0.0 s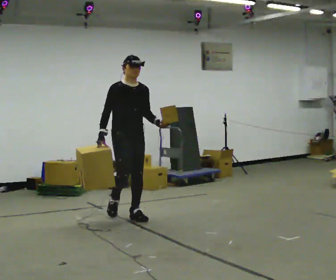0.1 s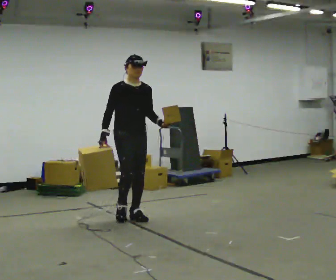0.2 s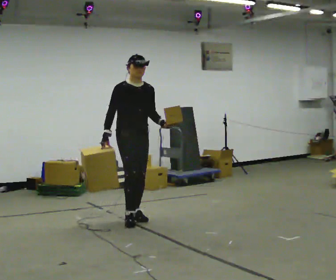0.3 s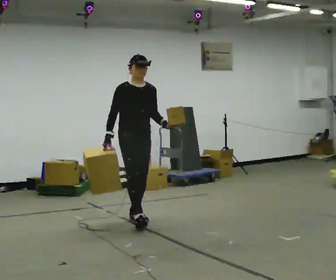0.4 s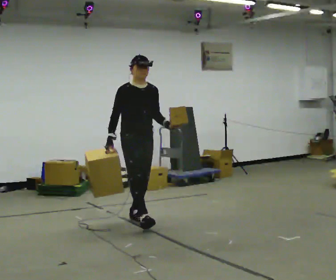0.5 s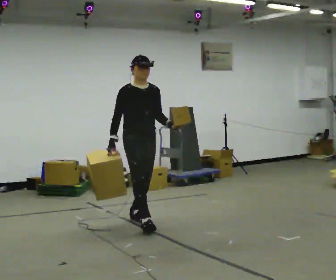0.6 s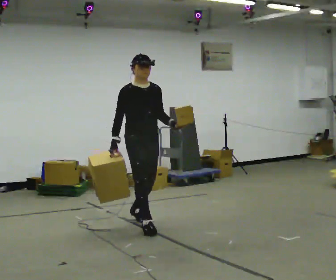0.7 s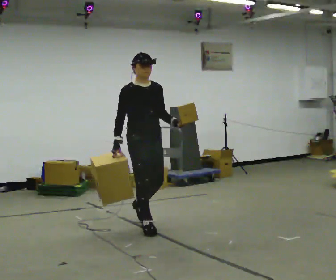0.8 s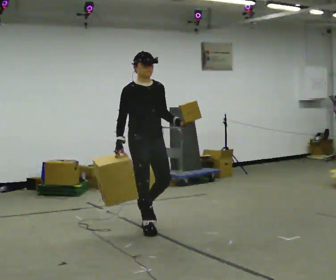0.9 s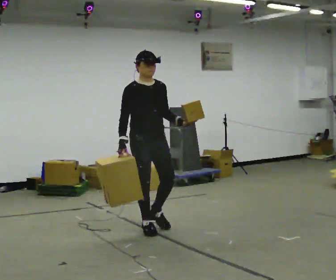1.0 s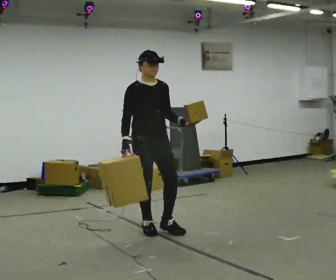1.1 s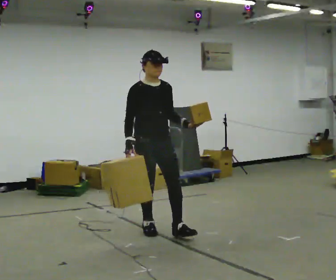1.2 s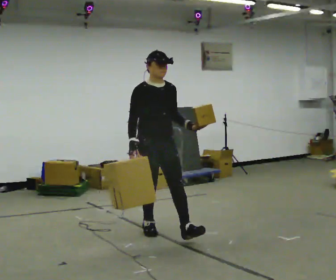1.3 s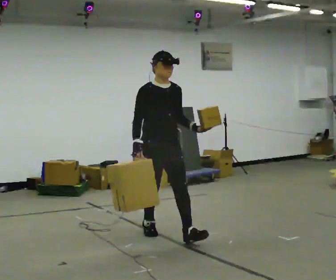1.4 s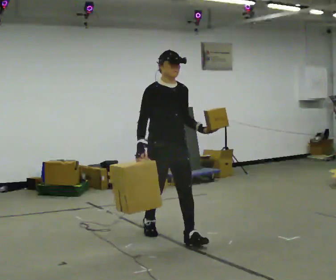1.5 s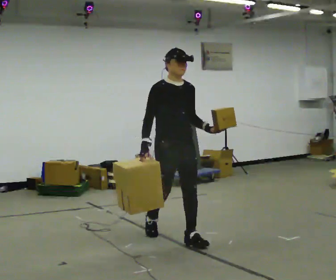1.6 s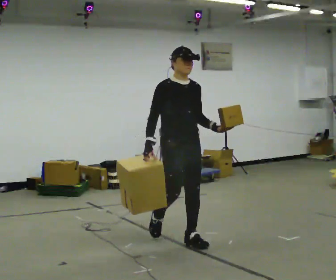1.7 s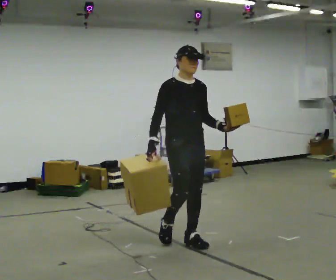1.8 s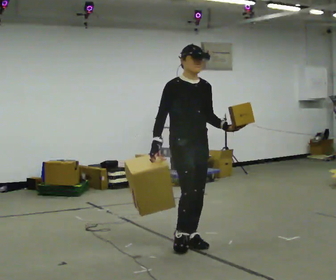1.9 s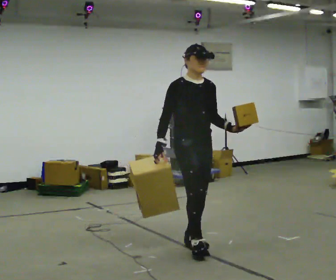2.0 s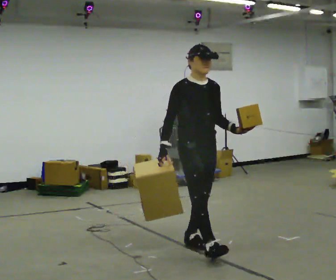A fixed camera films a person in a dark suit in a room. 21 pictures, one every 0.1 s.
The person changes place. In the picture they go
toward the camera.
0.0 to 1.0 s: In the picture they go toward the camera and to the right, about 0.75 m in 1 step, which for them is forward.
1.0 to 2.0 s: In the picture they go toward the camera and to the right, about 0.5 m in 1 step, which for them is forward.
The film runs forward here.
